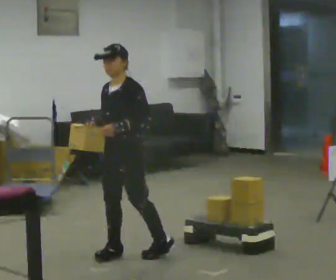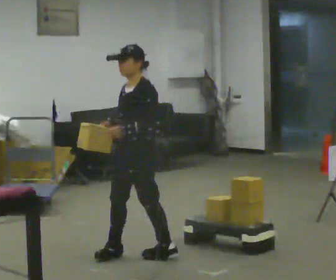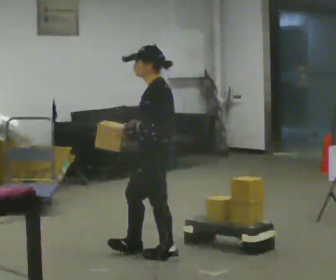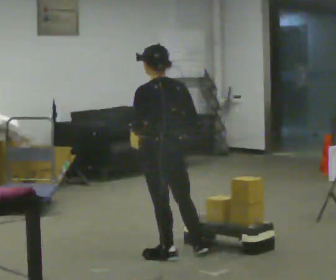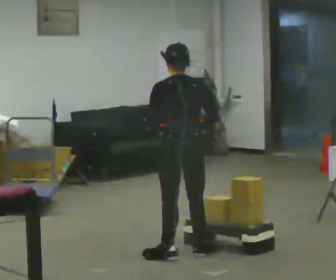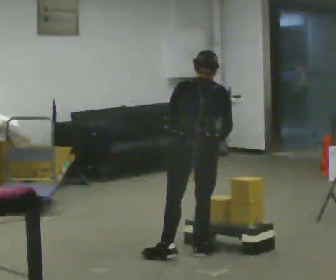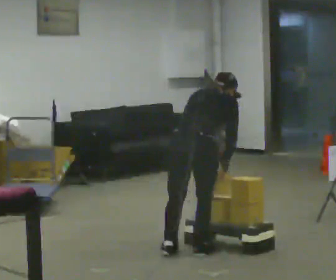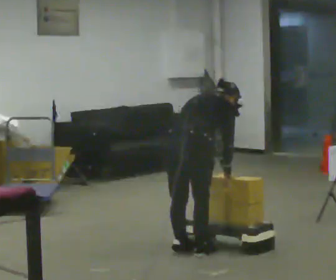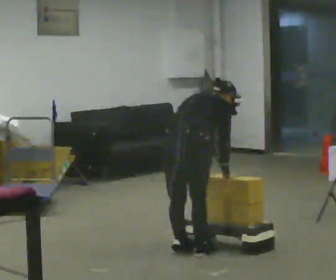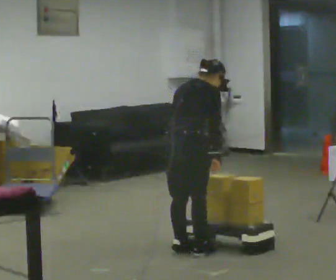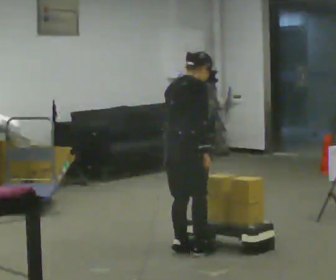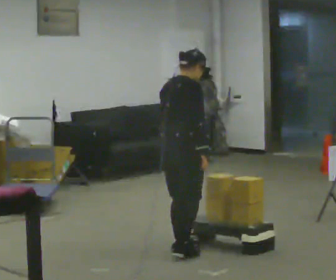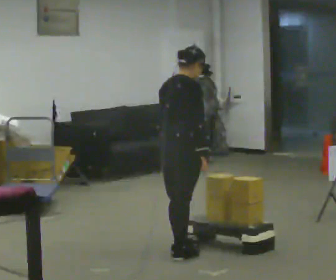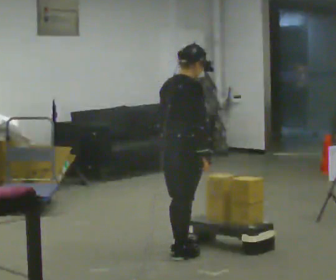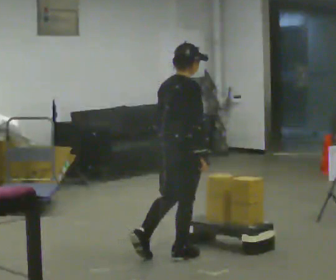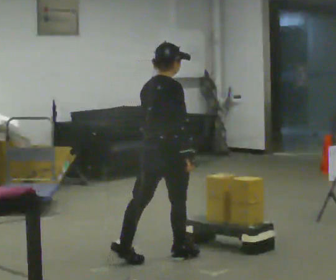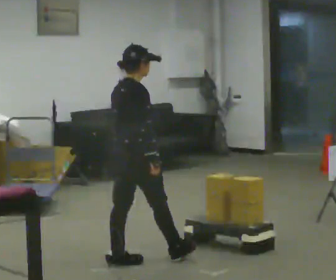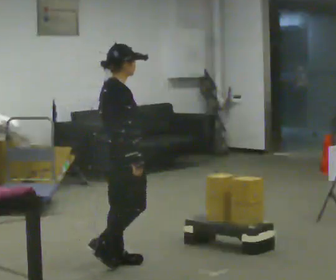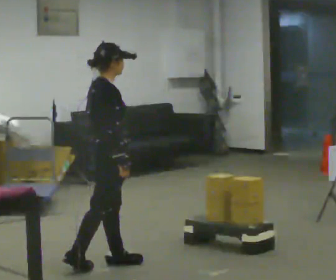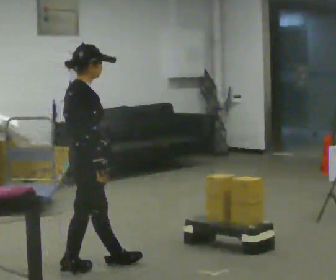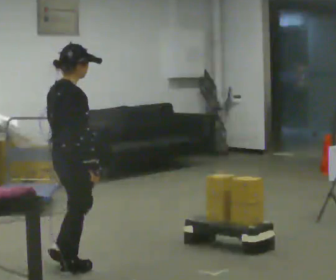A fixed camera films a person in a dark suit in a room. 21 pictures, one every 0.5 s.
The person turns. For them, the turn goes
to their right.
The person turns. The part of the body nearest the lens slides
to the left.
0.0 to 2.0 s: Seen from above the body turns clockwise, about 120 degrees: to their right, with its near side sliding to the left. In the picture they go to the right, about 0.5 m in 1 step.
2.0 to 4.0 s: The person turns about 45 degrees to their right, clockwise seen from above, so the part of the body nearest the lens slides to the left. In the picture the upper body tilts clockwise, shoulders to the right, as they bend forward. In the picture their right hand goes downward.
4.0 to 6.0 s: The upper body tips toward the camera, its near side rolling downward, as they lean back or straighten.
6.0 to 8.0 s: In the picture they go to the left and toward the camera, about 0.25 m in 2 steps, which for them is backward.
8.0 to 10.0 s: In the picture they go to the left and toward the camera, about 0.5 m in 1 step, which for them is backward.
The film runs backward here.
